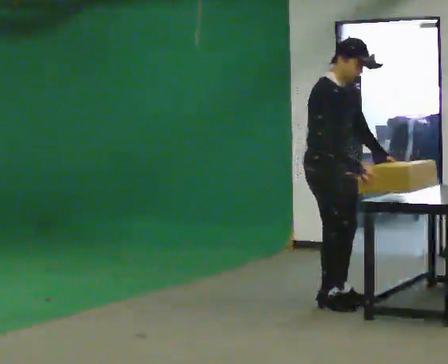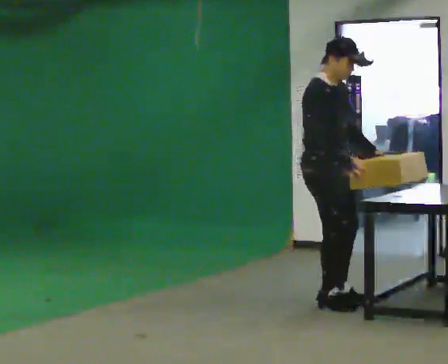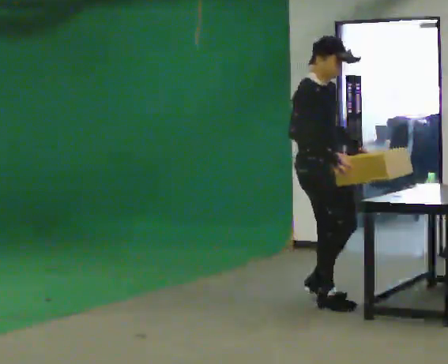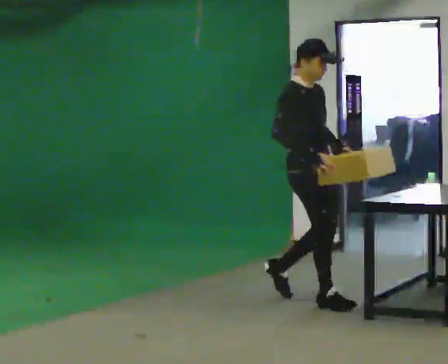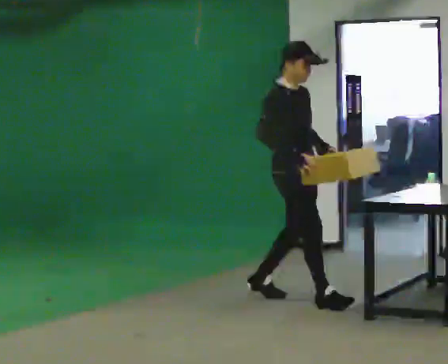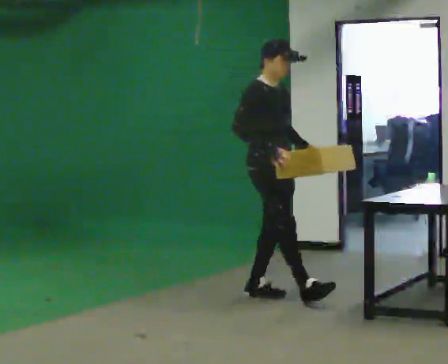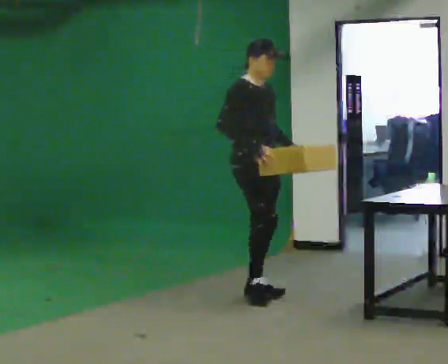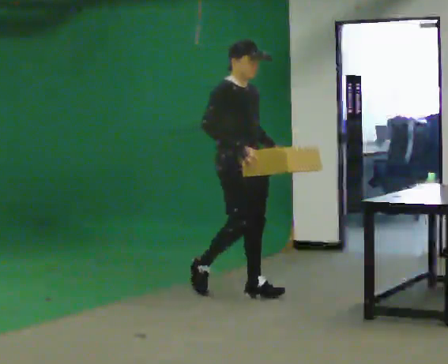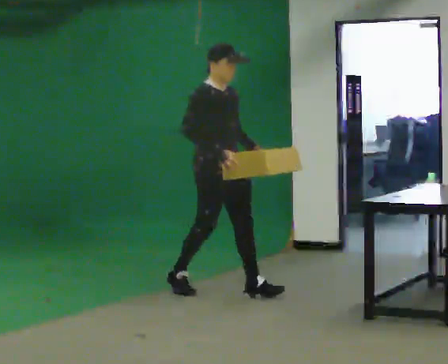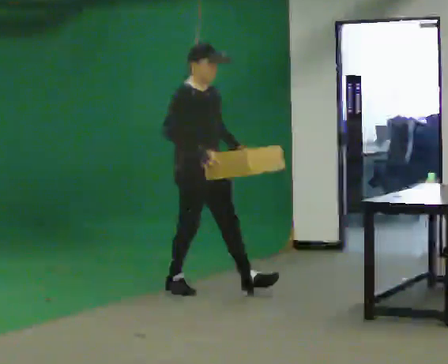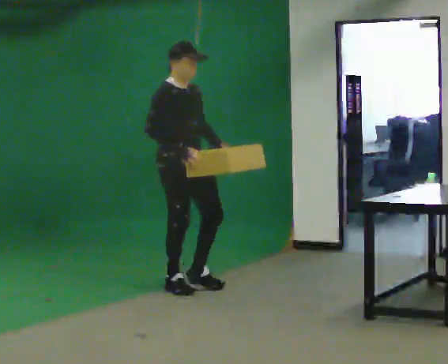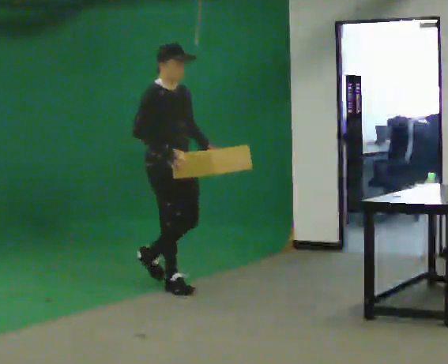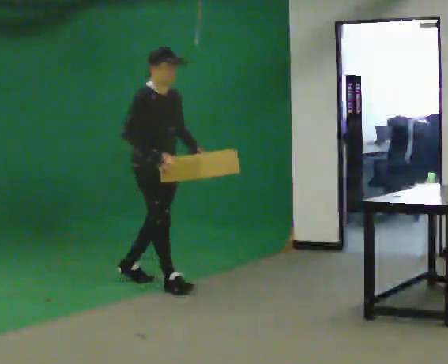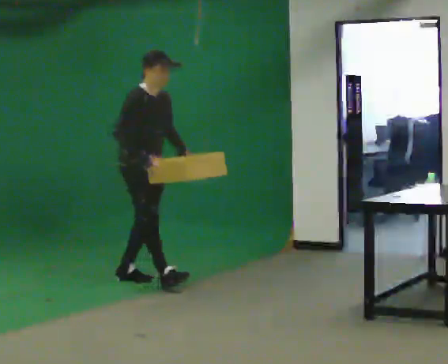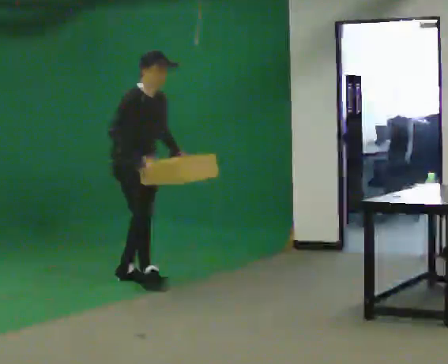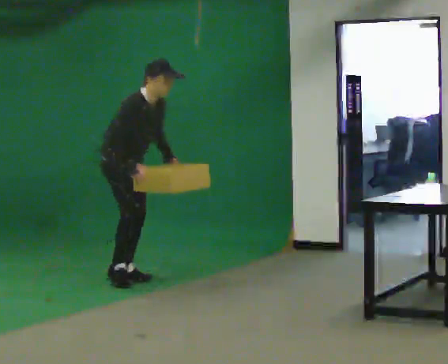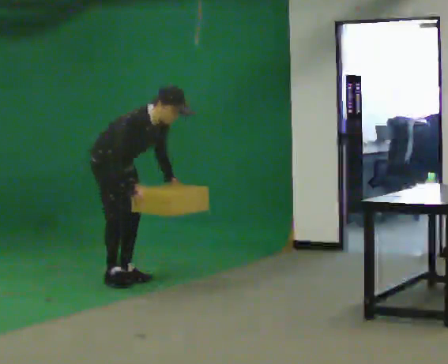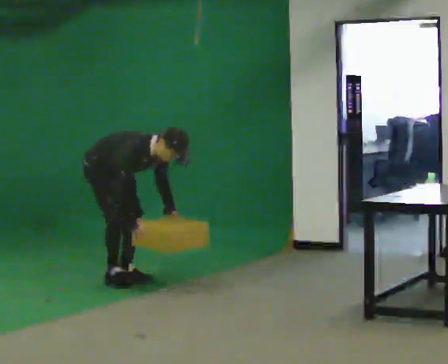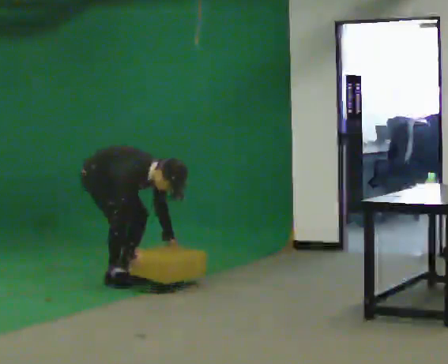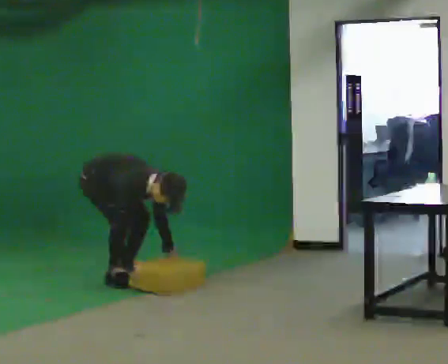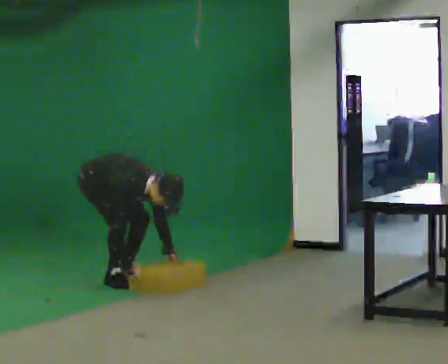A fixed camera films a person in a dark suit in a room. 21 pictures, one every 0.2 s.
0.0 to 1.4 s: In the picture they go to the left and away from the camera, about 0.75 m in 2 steps, which for them is backward.
1.4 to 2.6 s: In the picture they go to the left and away from the camera, about 1 m in 2 steps, which for them is backward.
2.6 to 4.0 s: In the picture they go to the left, about 0.25 m, which for them is backward. The shoulders move downward. In the picture the upper body tilts clockwise, shoulders to the right, as they bend forward. In the picture their right hand goes downward.
The film runs backward here.
